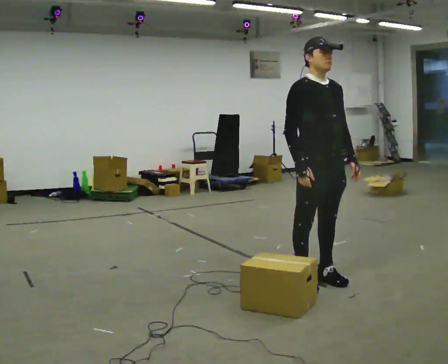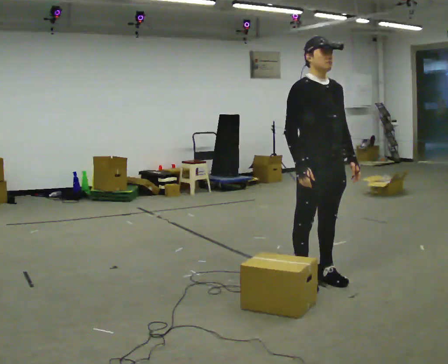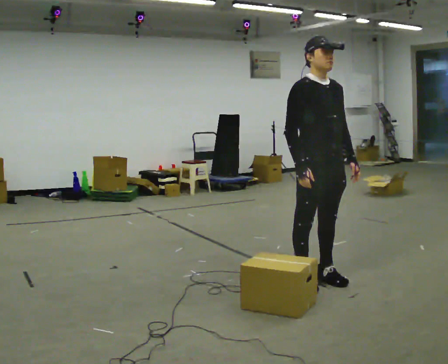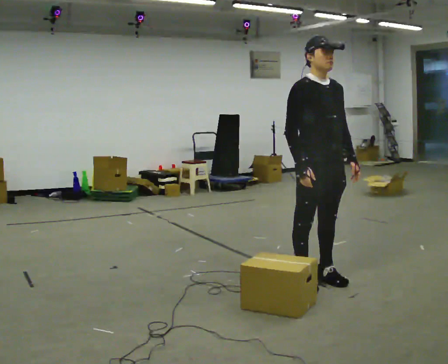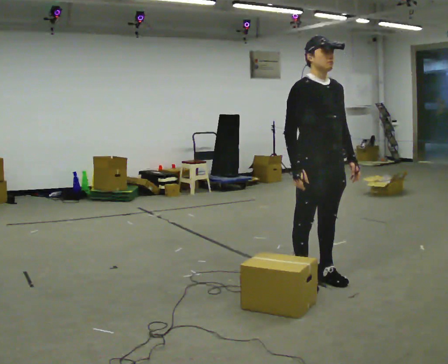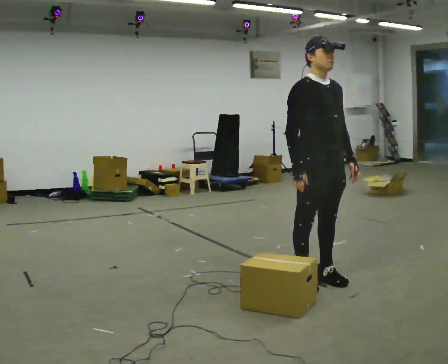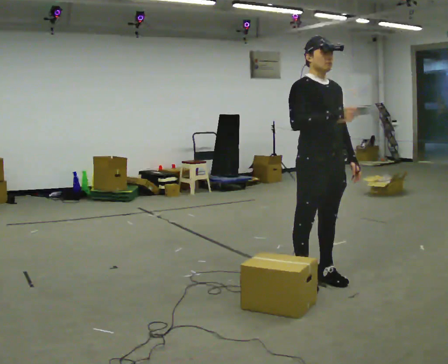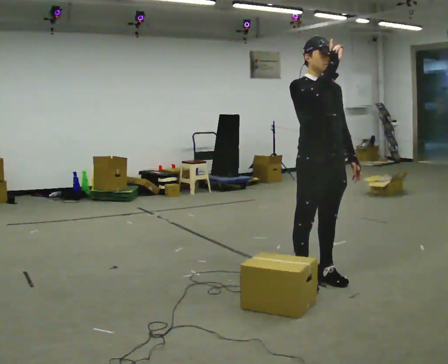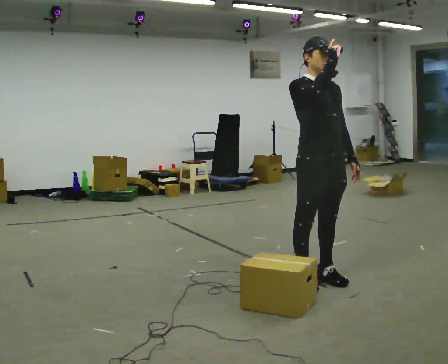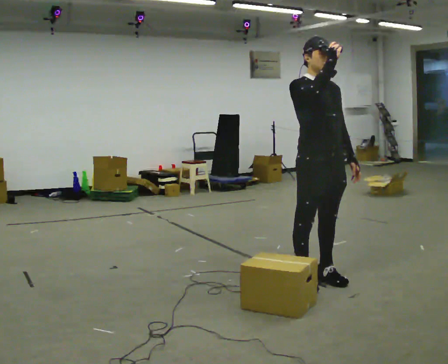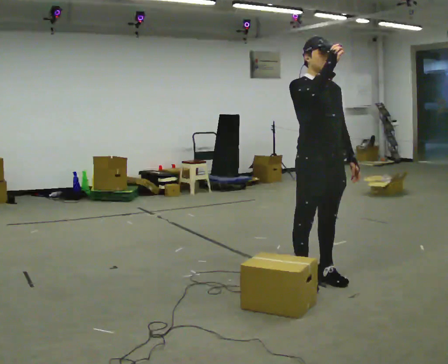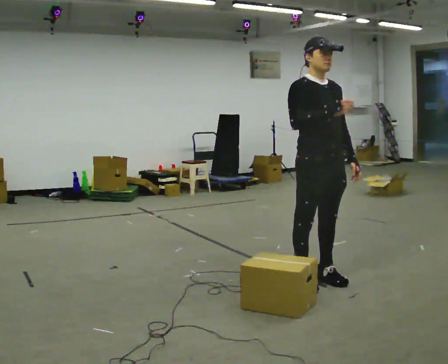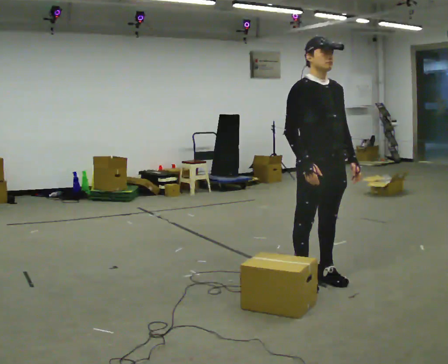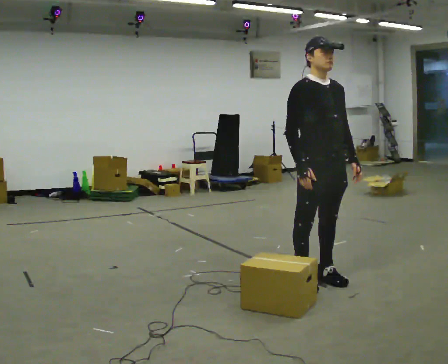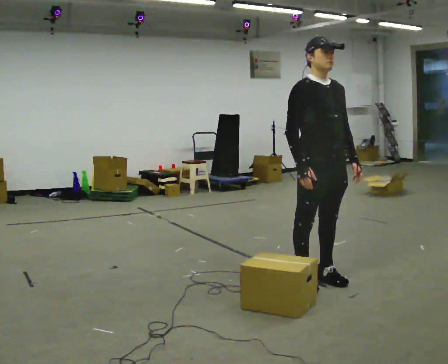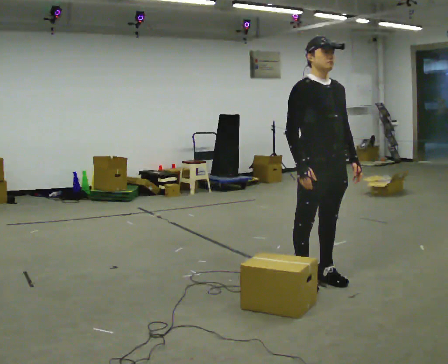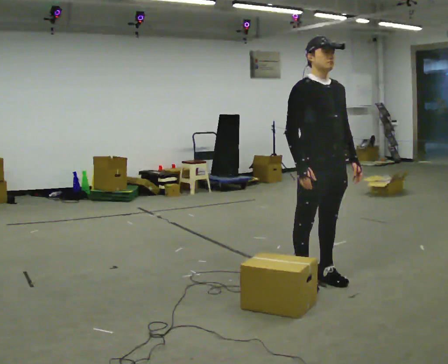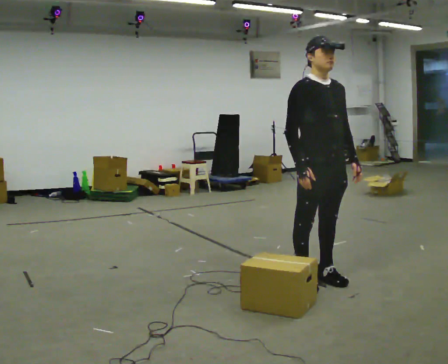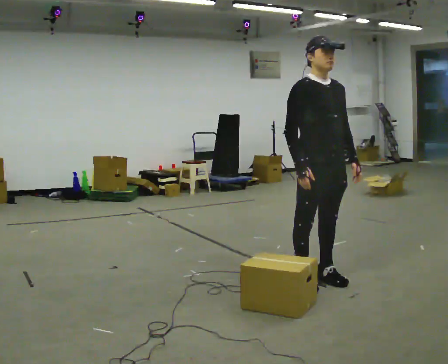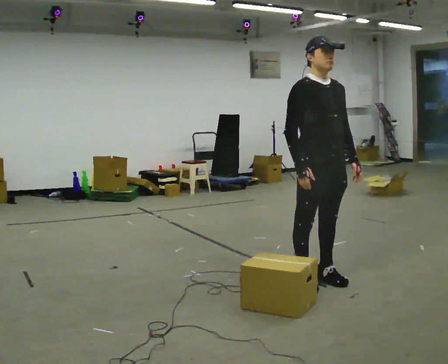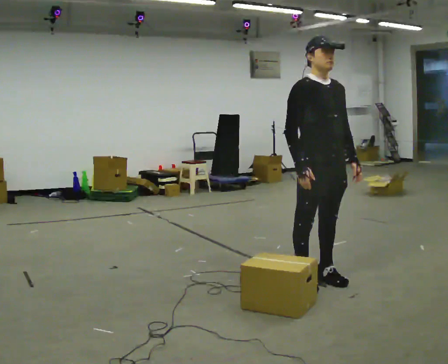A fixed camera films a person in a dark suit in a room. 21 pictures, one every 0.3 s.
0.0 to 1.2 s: The person keeps their place and pose.
1.2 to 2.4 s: In the picture their right hand goes upward.
2.4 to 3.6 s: In the picture their right hand goes downward.
3.6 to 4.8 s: The person moves a little, or ends about where they began.
4.8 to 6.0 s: The person keeps their place and pose.
The film runs backward here.
